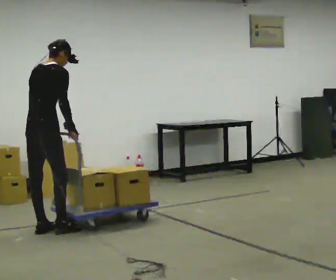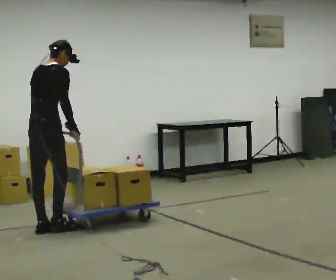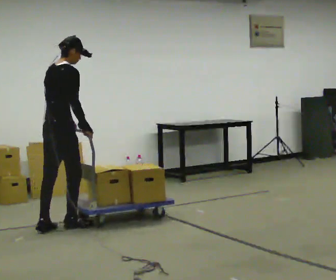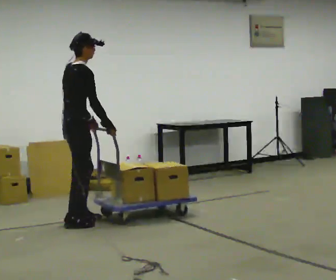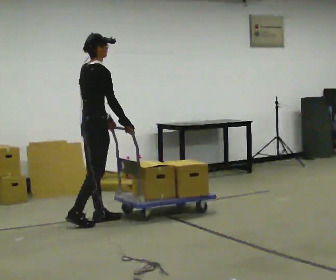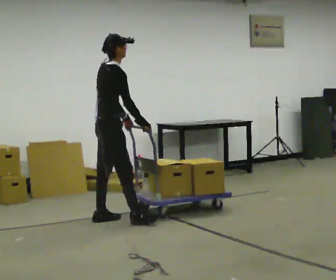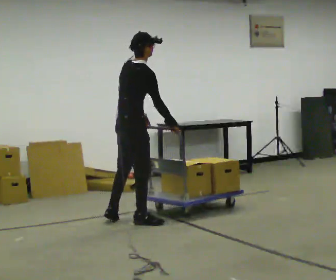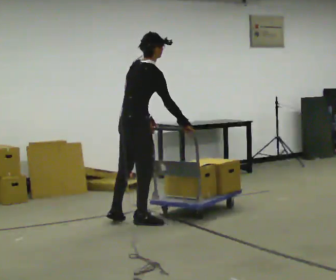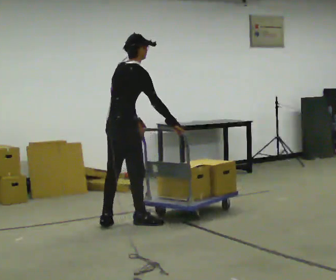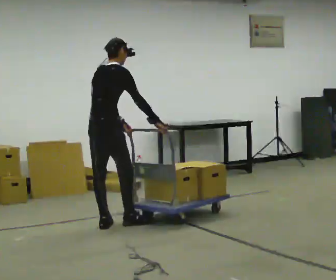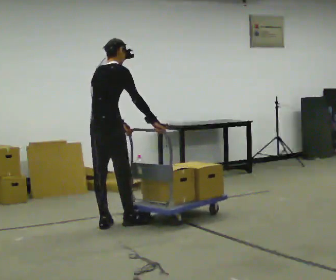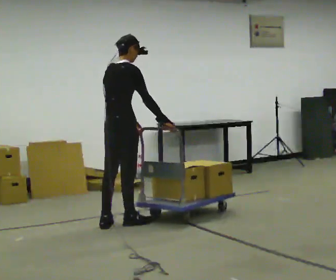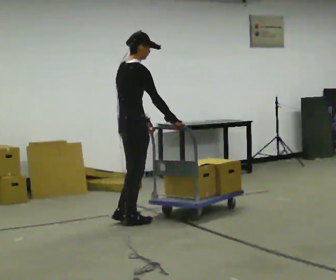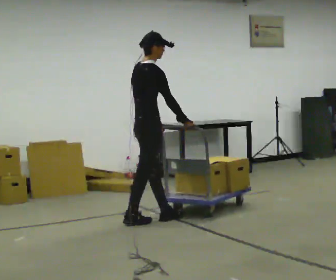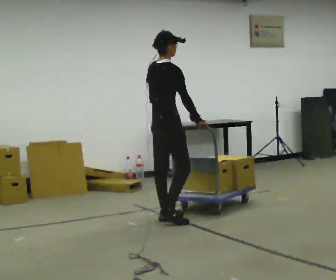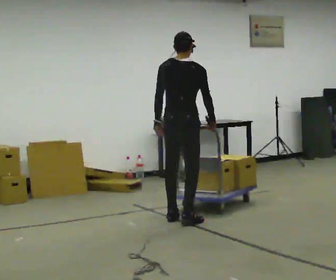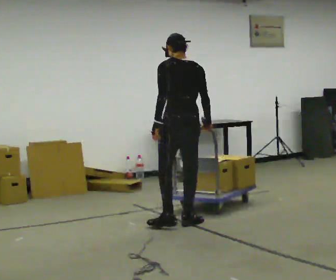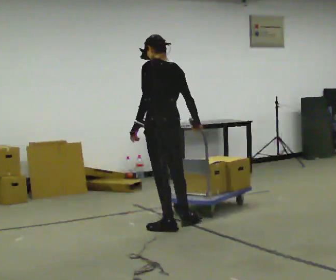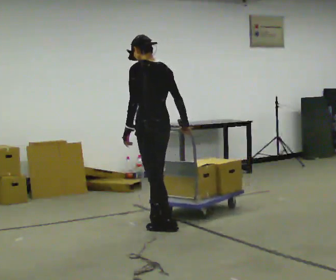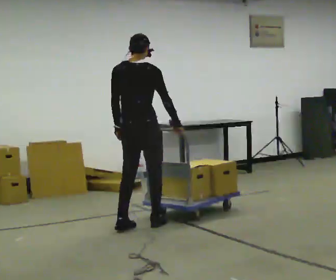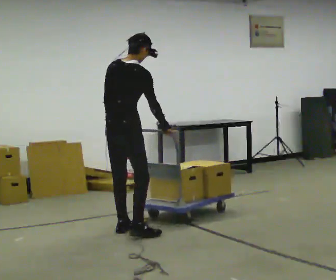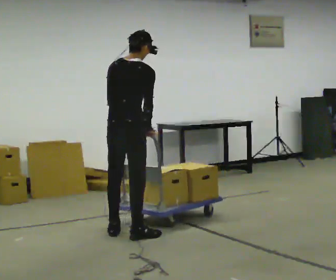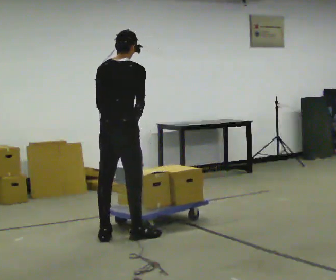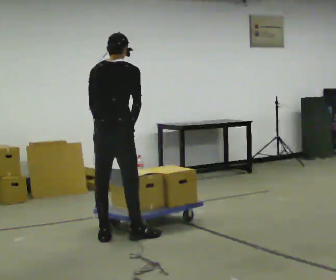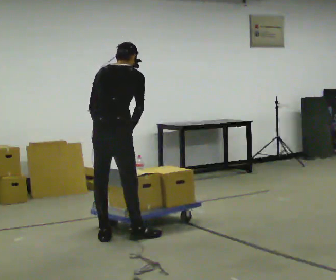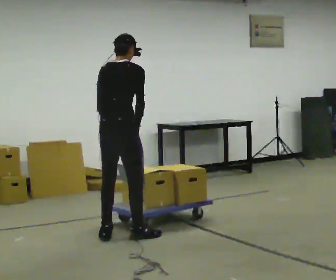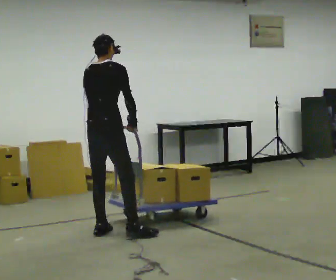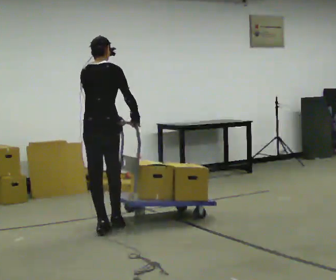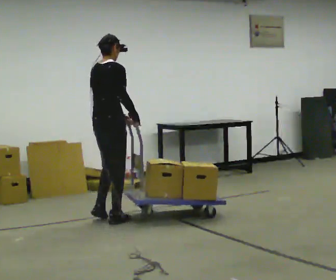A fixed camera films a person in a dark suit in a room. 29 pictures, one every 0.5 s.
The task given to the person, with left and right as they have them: Stand still with your hands on the cart. When the operator says go, get it moving, push it a few metres, then bring it to a stop. Repeat until the operator says stop.
0.0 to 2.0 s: Seen from above the body turns clockwise, about 30 degrees: to their right, with its near side sliding to the left. In the picture they go to the right and away from the camera, about 0.5 m in 2 steps, which for them is forward.
2.0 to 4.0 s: In the picture they go to the right and toward the camera, about 0.25 m in 3 steps, which for them is to their right.
4.0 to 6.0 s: The person moves a little, or ends about where they began.
6.0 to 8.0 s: Seen from above the body turns counterclockwise, about 75 degrees: to their left, with its near side sliding to the right. In the picture they go to the right, about 0.5 m in 2 steps.
8.0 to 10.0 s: Seen from above the body turns clockwise, about 45 degrees: to their right, with its near side sliding to the left. In the picture they go to the left and toward the camera, about 0.5 m in 3 steps.
10.0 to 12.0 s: In the picture they go toward the camera, about 0.25 m in 2 steps, which for them is backward. The upper body tips away from the camera, its near side rolling upward, as they bend forward.
12.0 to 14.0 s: In the picture they go away from the camera, about 0.75 m in 2 steps, which for them is forward and to their left. The upper body tips toward the camera, its near side rolling downward, as they lean back or straighten.
The film runs forward here.
